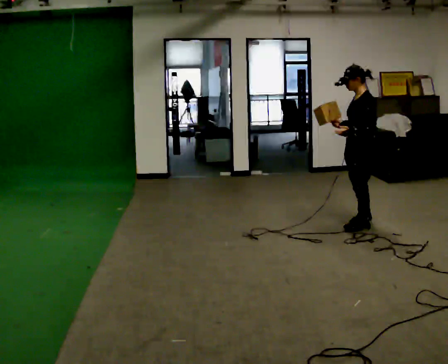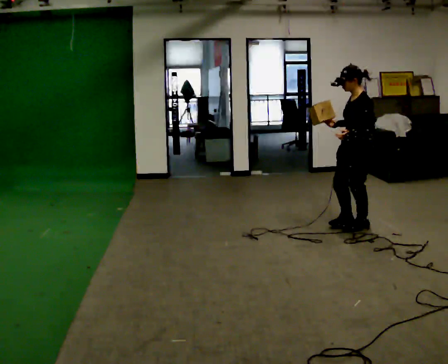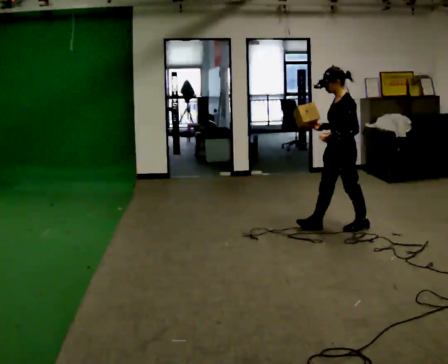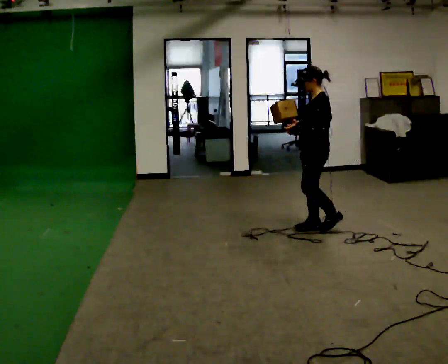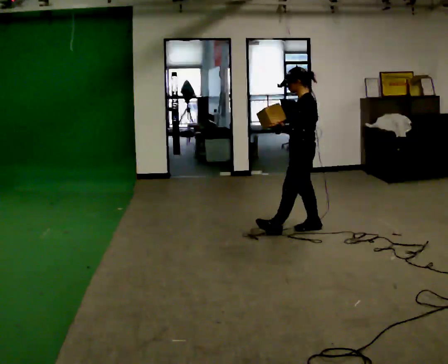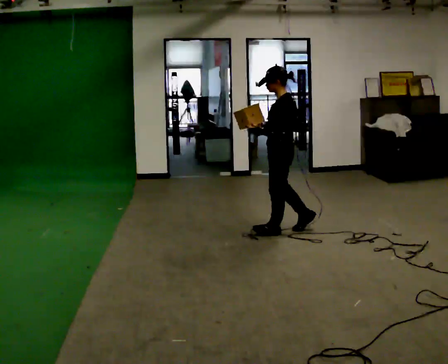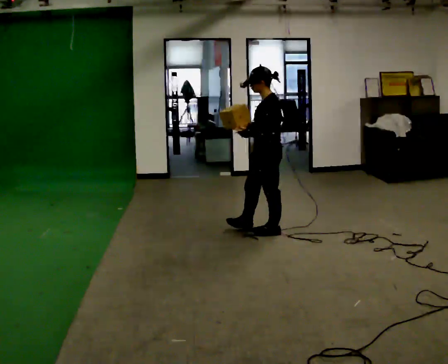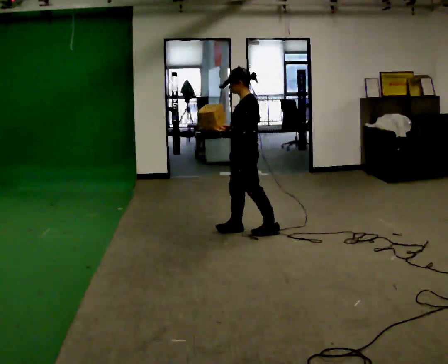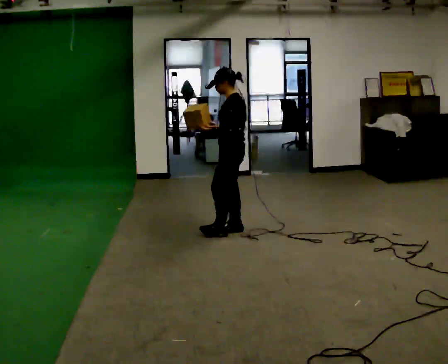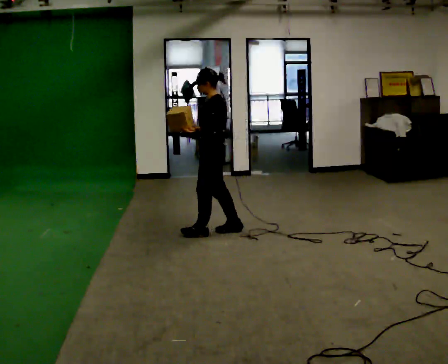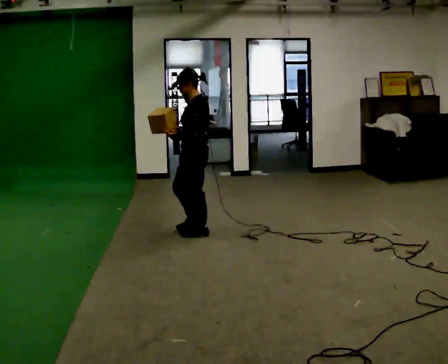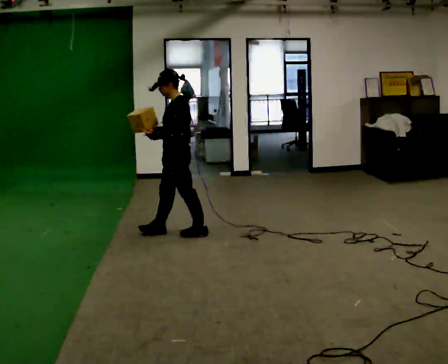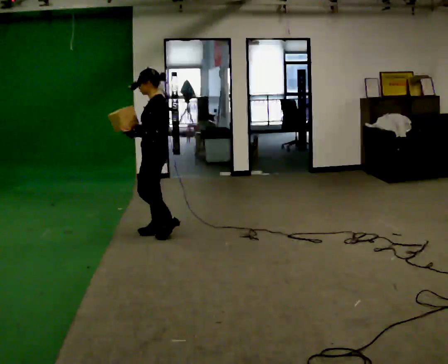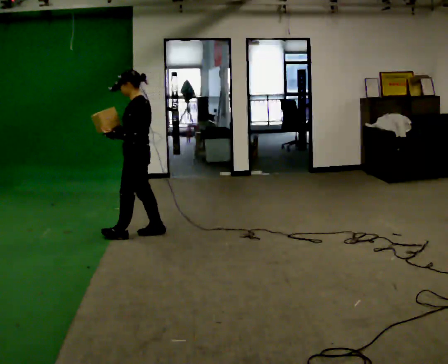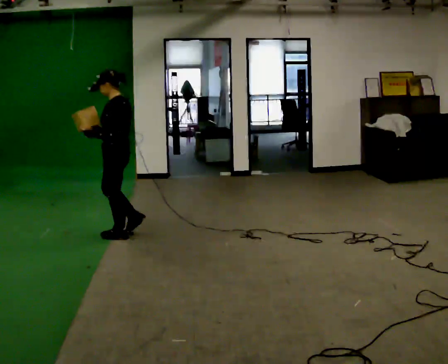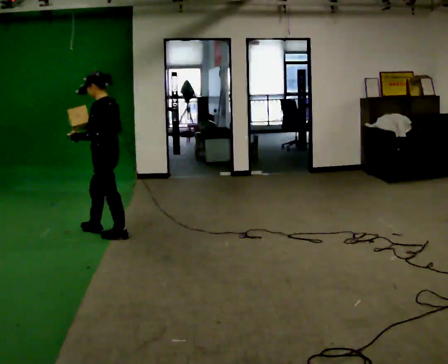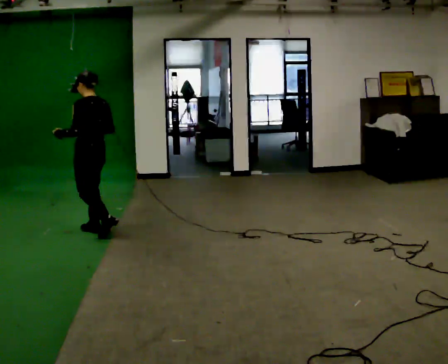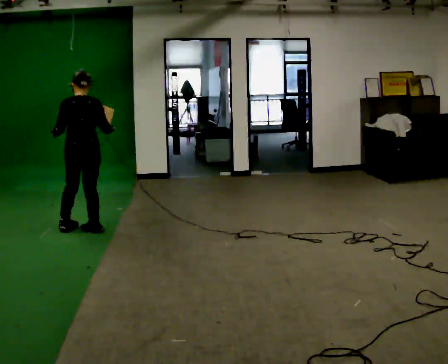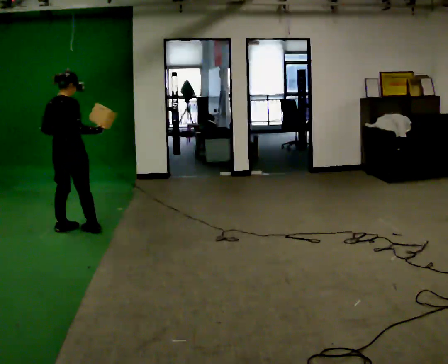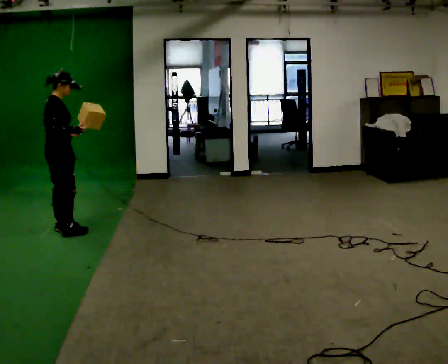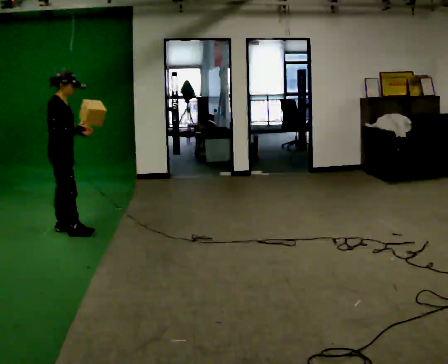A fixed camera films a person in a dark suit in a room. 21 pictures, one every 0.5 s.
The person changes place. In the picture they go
to the left.
0.0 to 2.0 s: In the picture they go to the left, about 0.5 m in 2 steps, which for them is forward.
2.0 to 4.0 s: In the picture they go to the left, about 0.5 m in 1 step, which for them is forward.
4.0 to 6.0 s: In the picture they go to the left, about 0.75 m in 2 steps, which for them is forward.
6.0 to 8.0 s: Seen from above the body turns clockwise, about 30 degrees: to their right, with its near side sliding to the left. In the picture they go to the left, about 0.5 m in 2 steps, which for them is forward.
8.0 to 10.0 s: The person turns about 135 degrees to their right, clockwise seen from above, so the part of the body nearest the lens slides to the left. In the picture they go to the left, about 0.25 m in 2 steps.
The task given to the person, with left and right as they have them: Carry the object in one hand and, while walking, pass it to your other hand. Keep passing it back and forth as you walk.
The film runs forward here.
